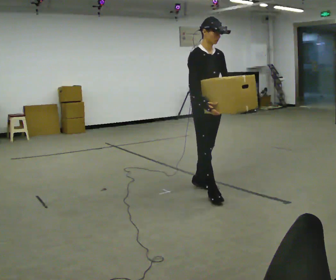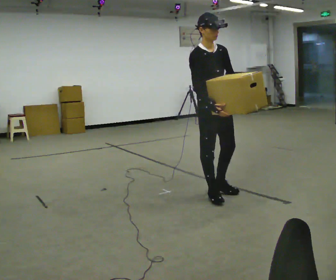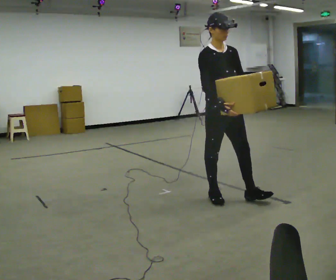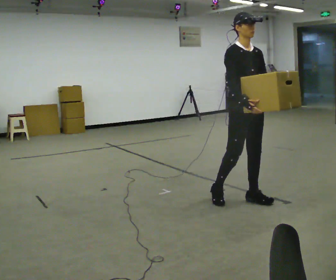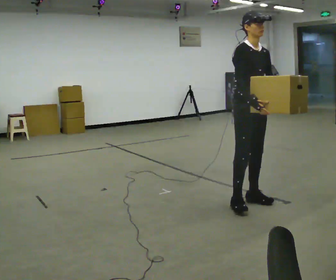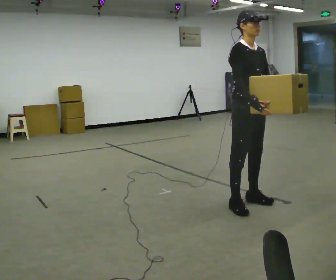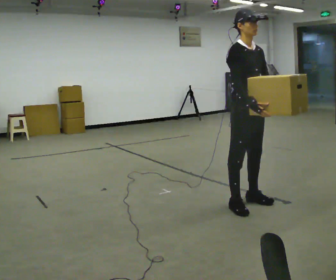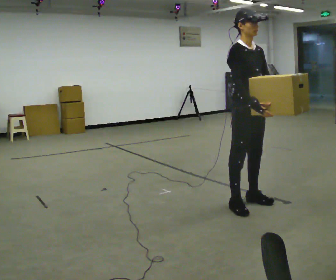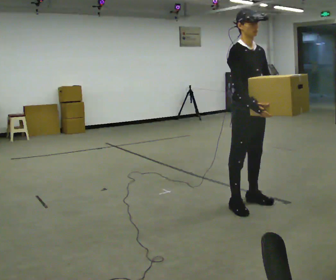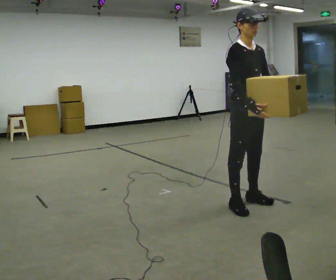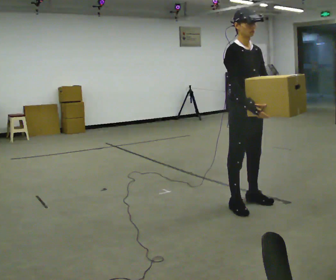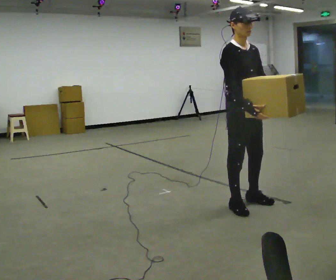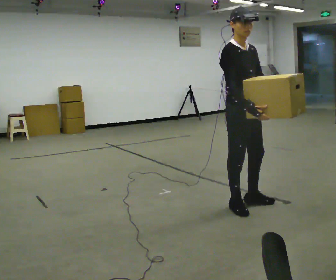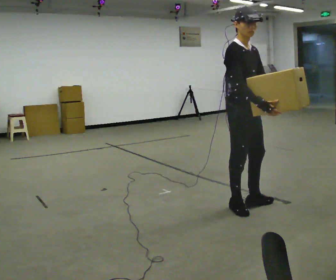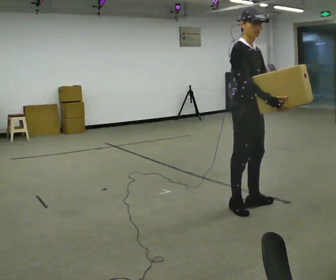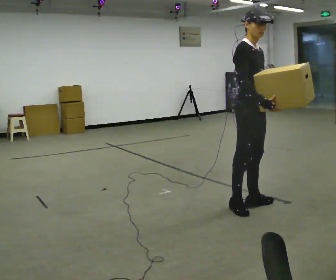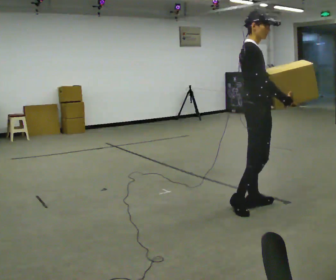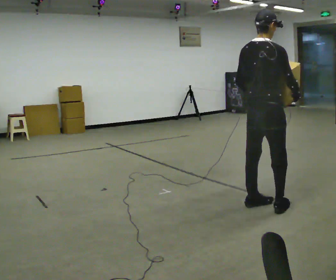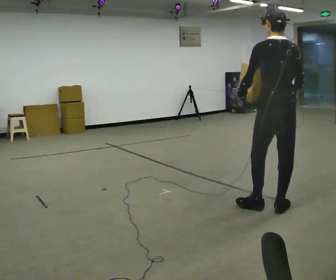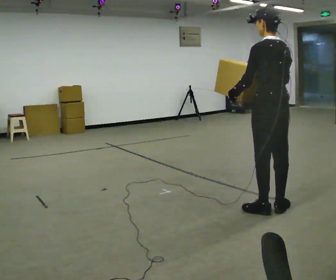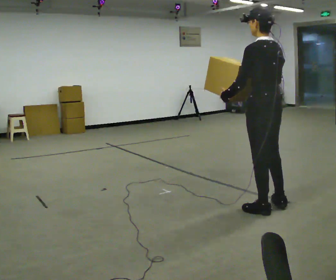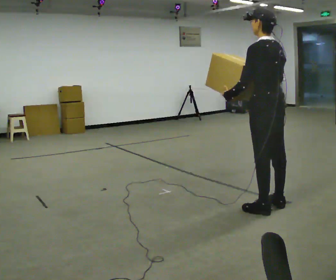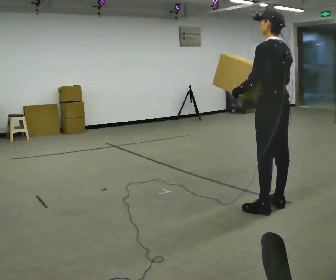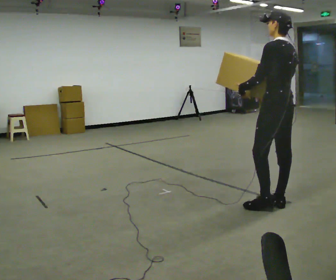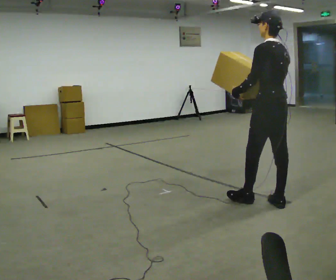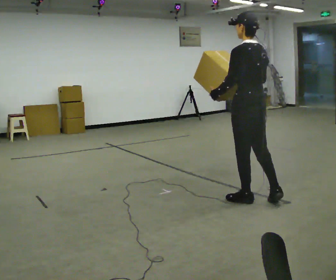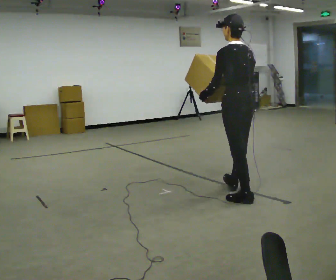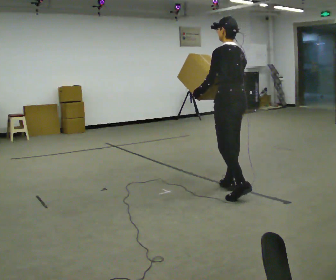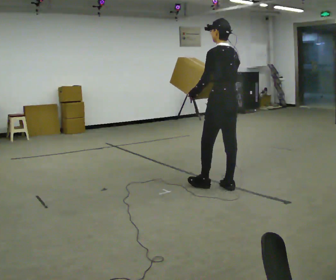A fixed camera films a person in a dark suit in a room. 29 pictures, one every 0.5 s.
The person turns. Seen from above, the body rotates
counterclockwise.
The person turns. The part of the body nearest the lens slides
to the right.
0.0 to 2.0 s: In the picture they go to the right and toward the camera, about 0.5 m in 2 steps, which for them is forward and to their left.
2.0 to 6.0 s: In the picture they go toward the camera, about 0.25 m, which for them is to their right.
6.0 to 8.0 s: The part of the body nearest the lens slides to the right as the person turns to their left by about 45 degrees.
8.0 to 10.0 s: The person turns about 135 degrees to their left, counterclockwise seen from above, so the part of the body nearest the lens slides to the right.
10.0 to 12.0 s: In the picture they go away from the camera, about 0.25 m in 1 step, which for them is to their right.
12.0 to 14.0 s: In the picture they go away from the camera and to the left, about 0.75 m in 1 step, which for them is forward.
The film runs forward here.
